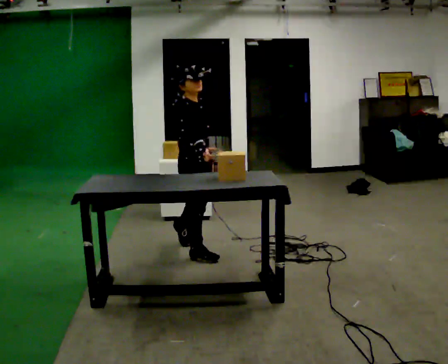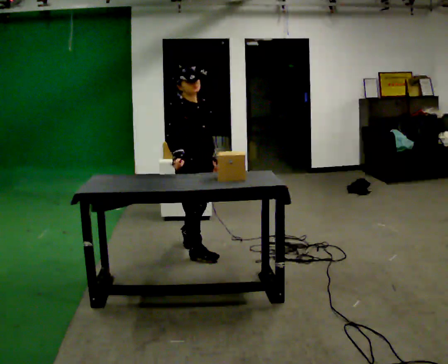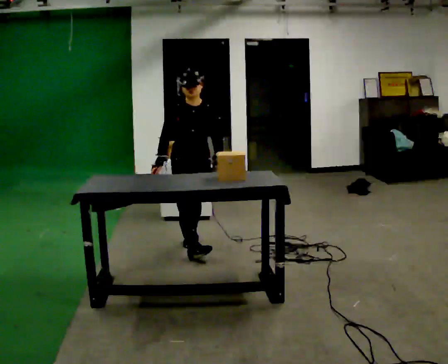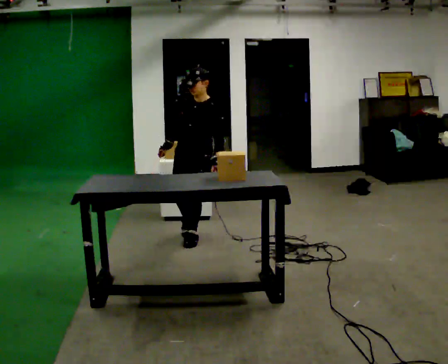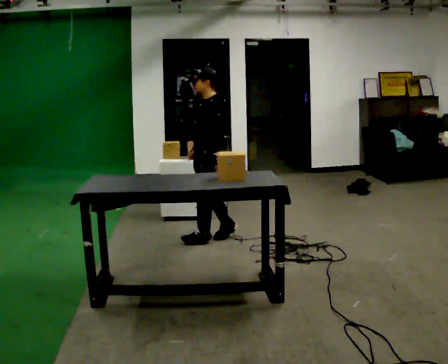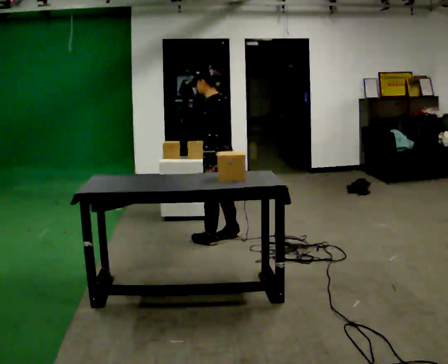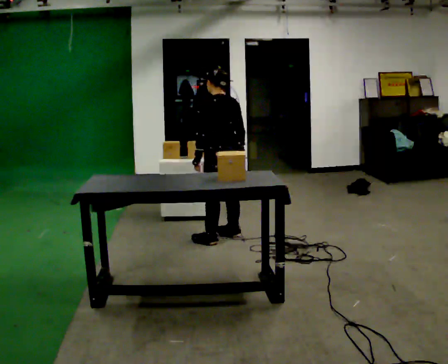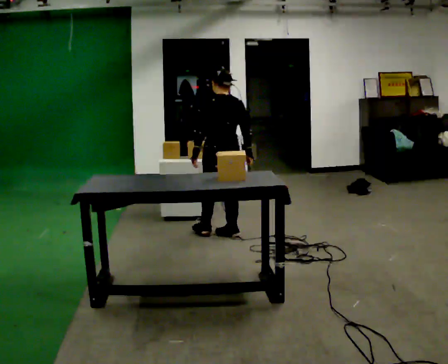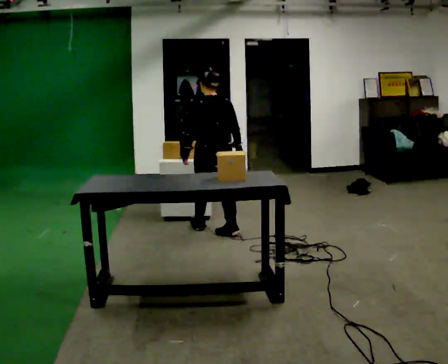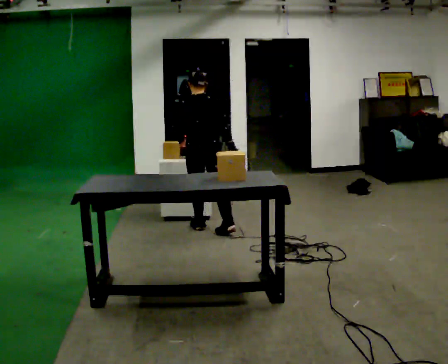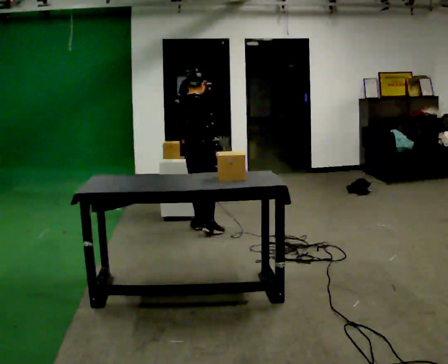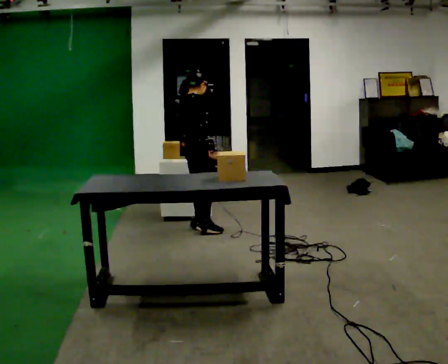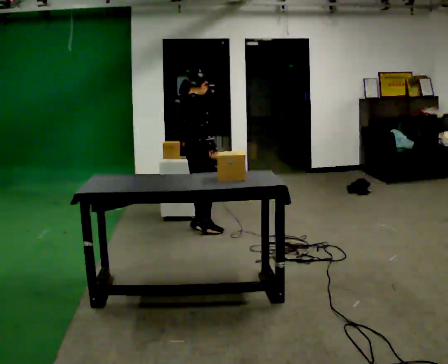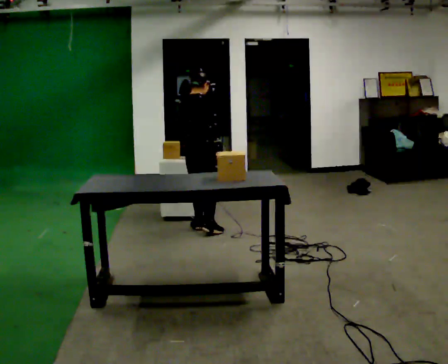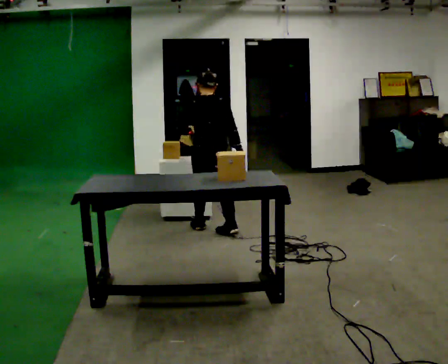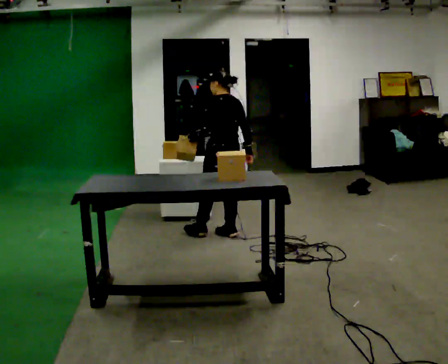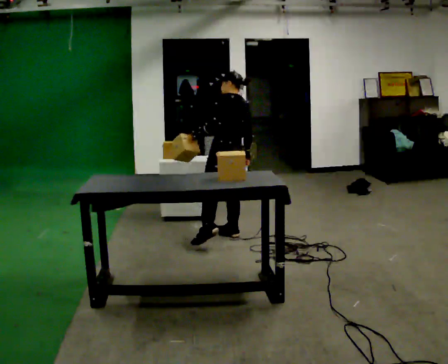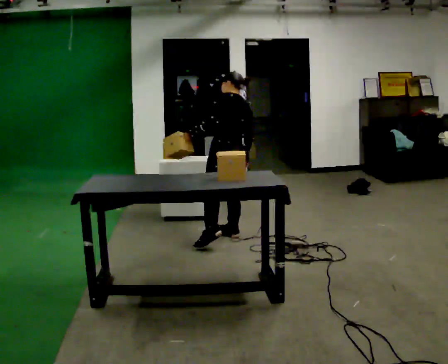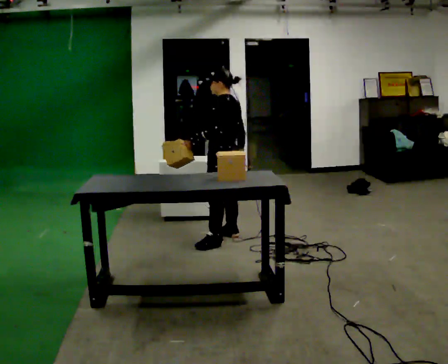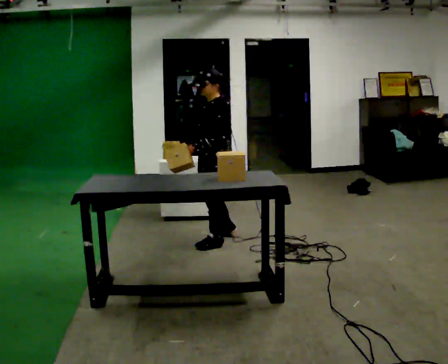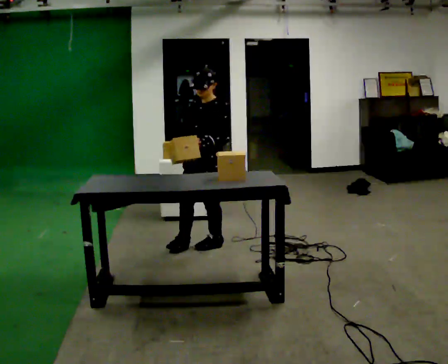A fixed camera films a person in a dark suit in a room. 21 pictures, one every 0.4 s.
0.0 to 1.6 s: Seen from above the body turns clockwise, about 135 degrees: to their right, with its near side sliding to the left. In the picture they go away from the camera, about 0.5 m in 1 step.
1.6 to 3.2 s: The part of the body nearest the lens slides to the left as the person turns to their right by about 90 degrees. In the picture they go away from the camera, about 0.25 m in 1 step. In the picture their left hand goes to the left.
3.2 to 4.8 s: Seen from above the body turns clockwise, about 75 degrees: to their right, with its near side sliding to the left.
4.8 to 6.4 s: The person turns about 105 degrees to their left, counterclockwise seen from above, so the part of the body nearest the lens slides to the right. In the picture they go to the right and toward the camera, about 0.25 m in 2 steps. In the picture the upper body tilts clockwise, shoulders to the right.
6.4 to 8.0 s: The person turns about 90 degrees to their left, counterclockwise seen from above, so the part of the body nearest the lens slides to the right. In the picture they go toward the camera and to the left, about 0.25 m.
The film runs forward here.
